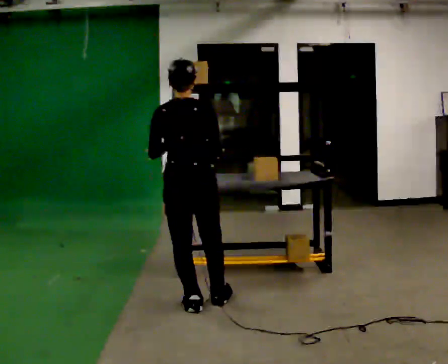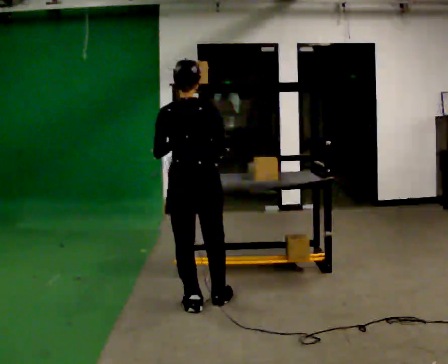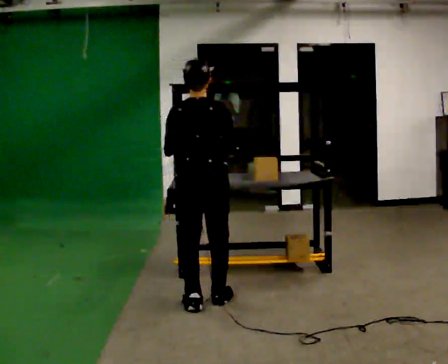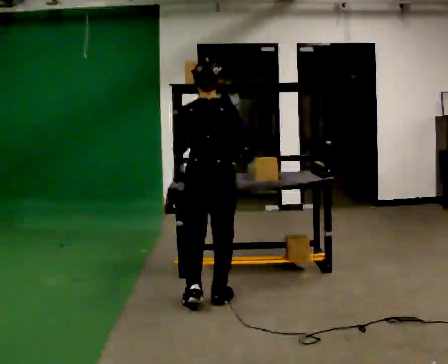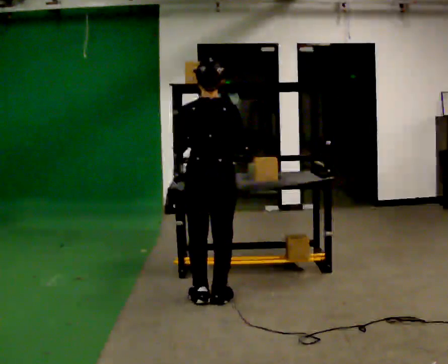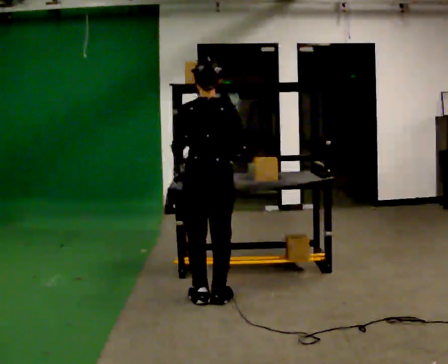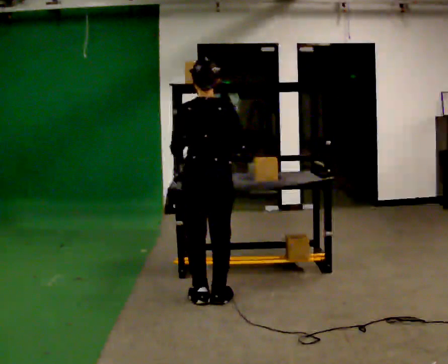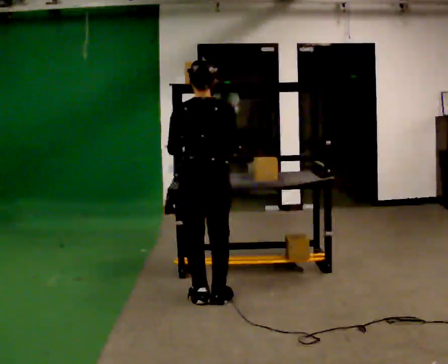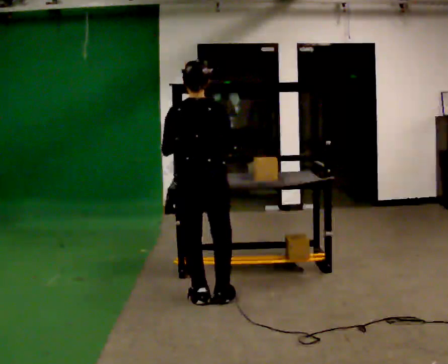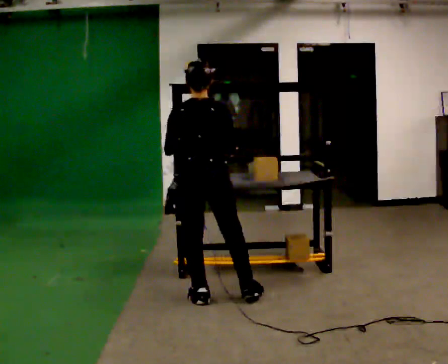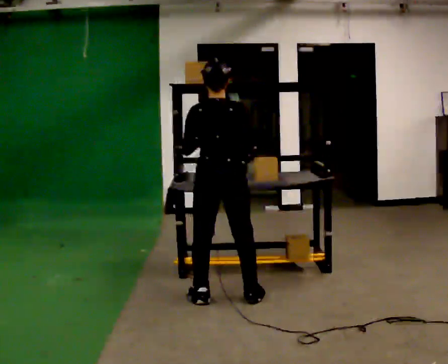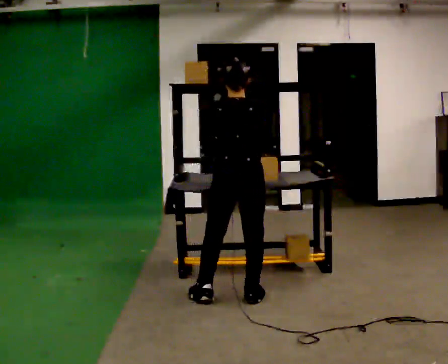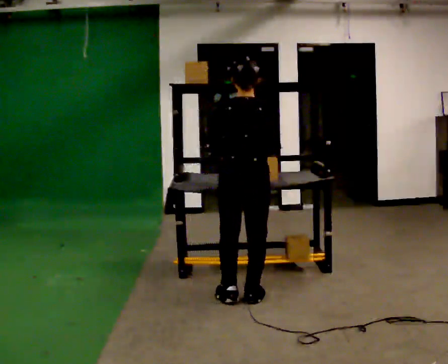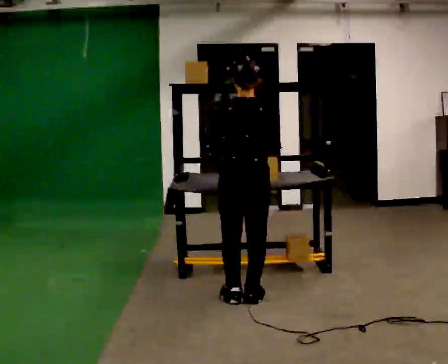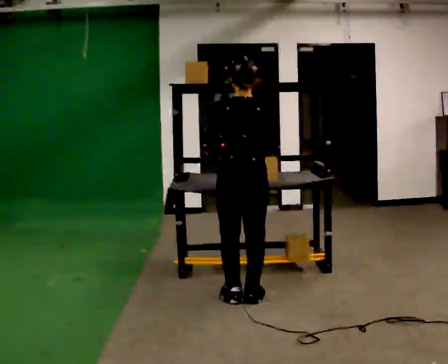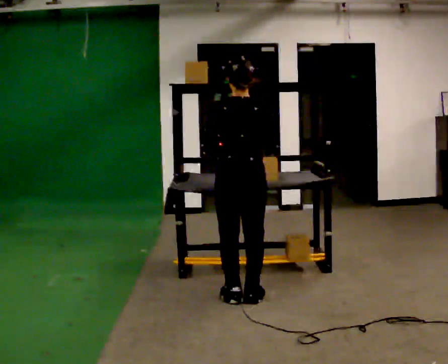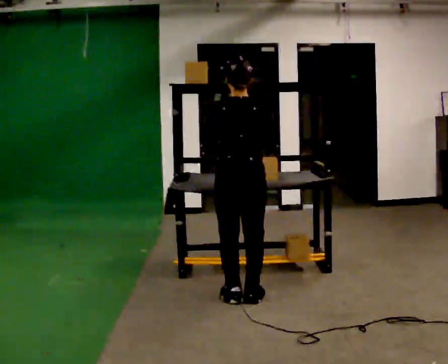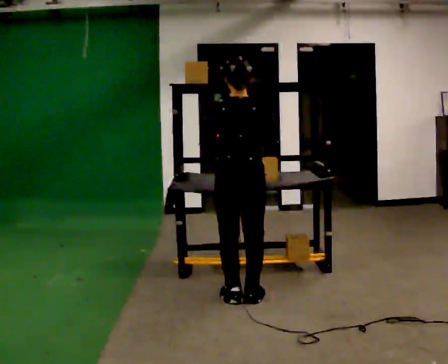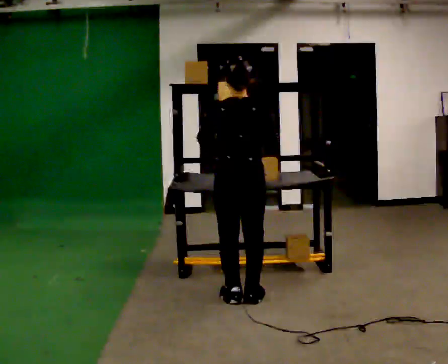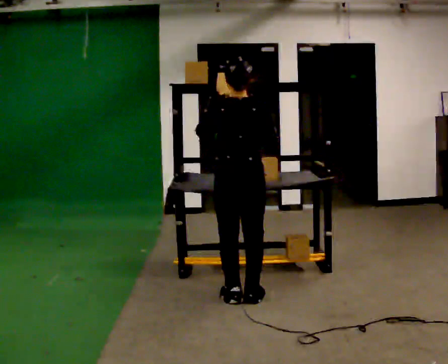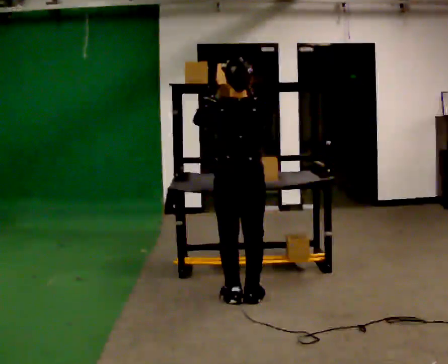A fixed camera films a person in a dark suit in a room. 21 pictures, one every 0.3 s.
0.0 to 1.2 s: In the picture they go away from the camera, about 0.25 m in 1 step, which for them is forward.
1.2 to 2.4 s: The person moves a little, or ends about where they began.
2.4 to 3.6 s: In the picture they go to the right, about 0.25 m in 2 steps, which for them is to their right.
3.6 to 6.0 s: The person moves a little, or ends about where they began.
The film runs forward here.
